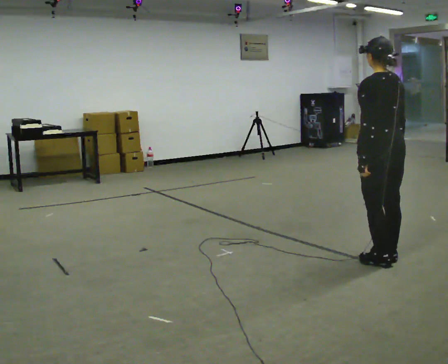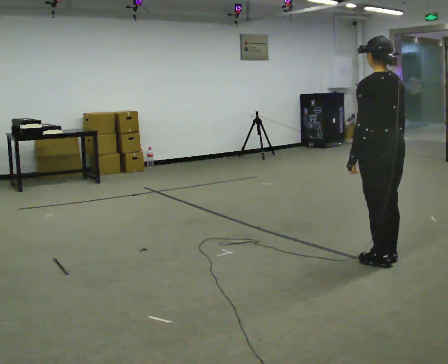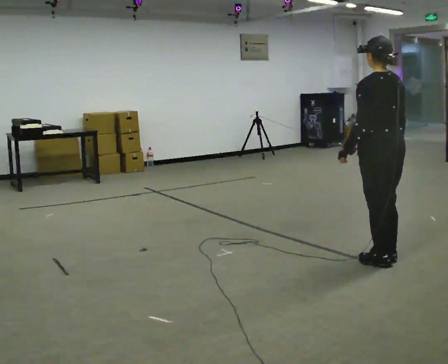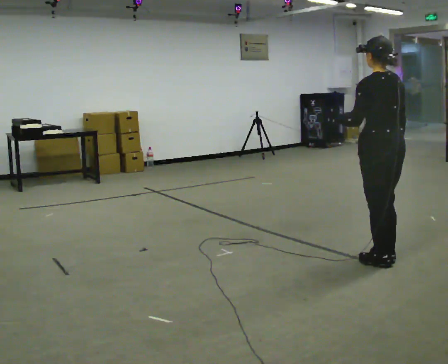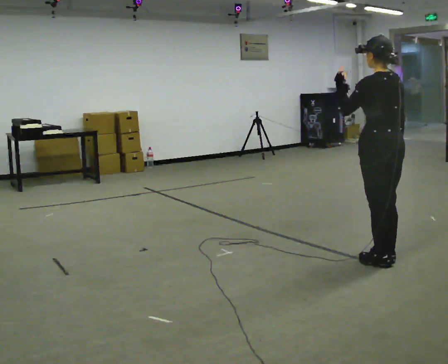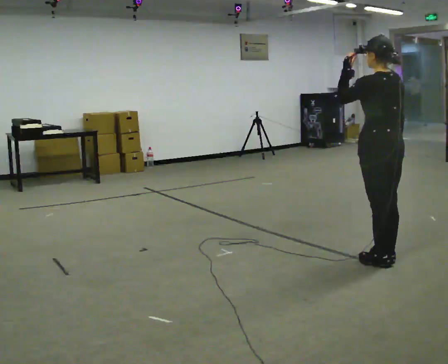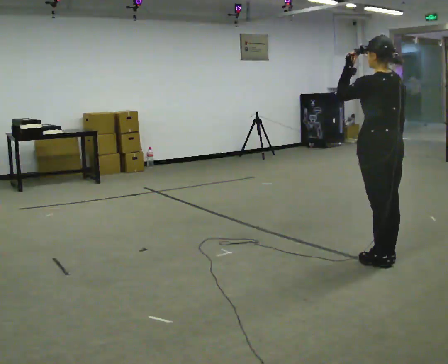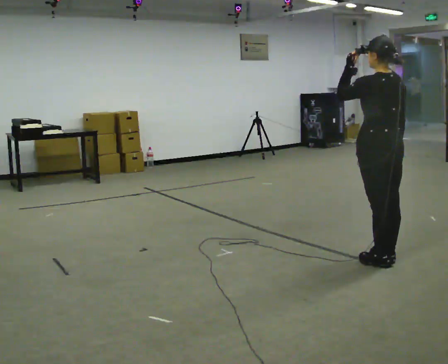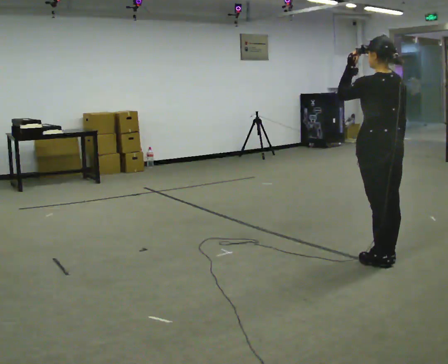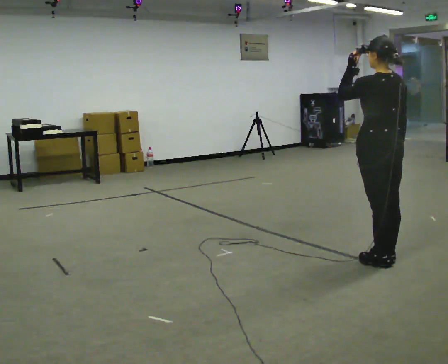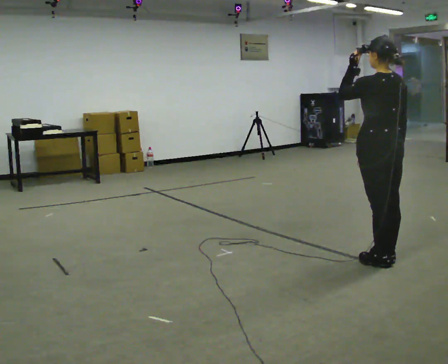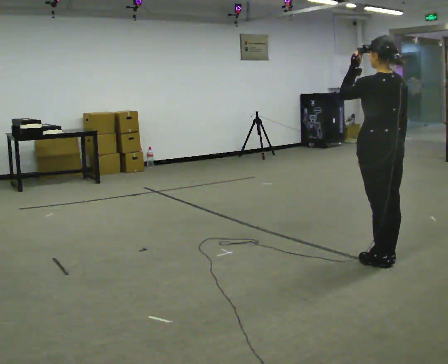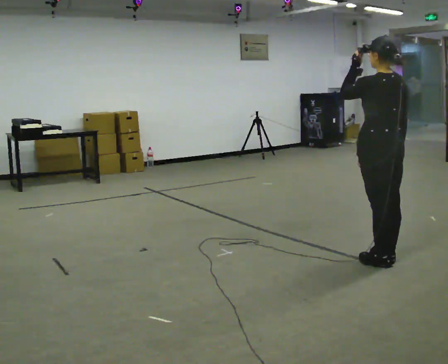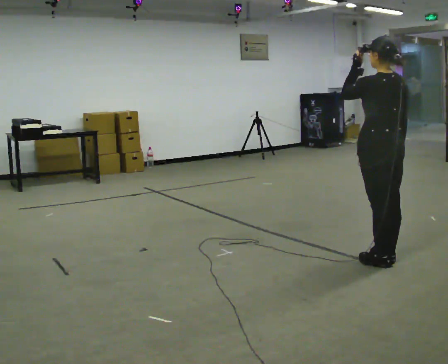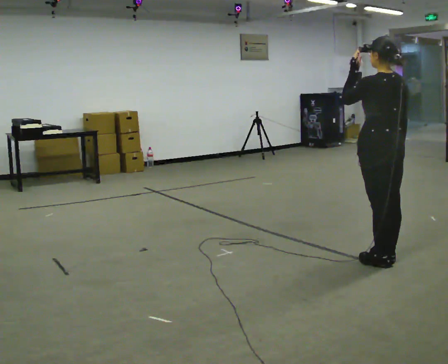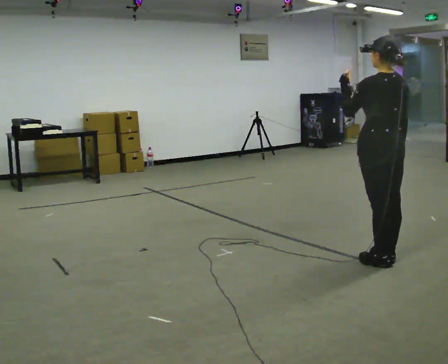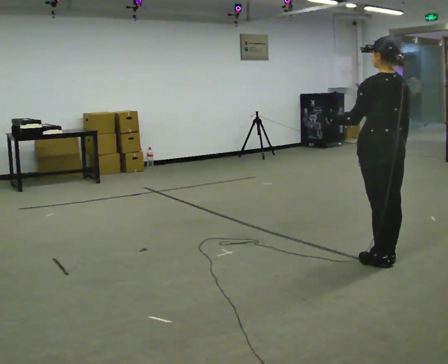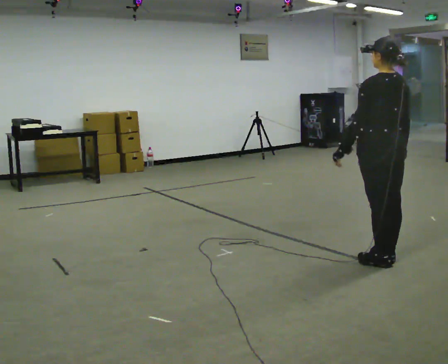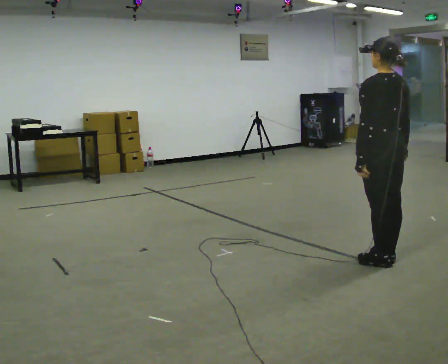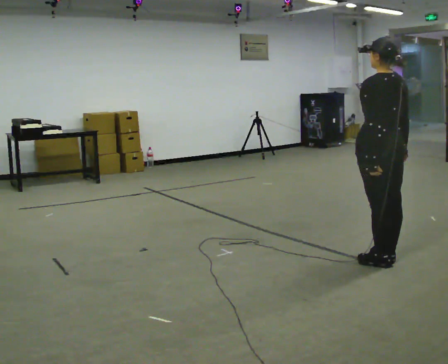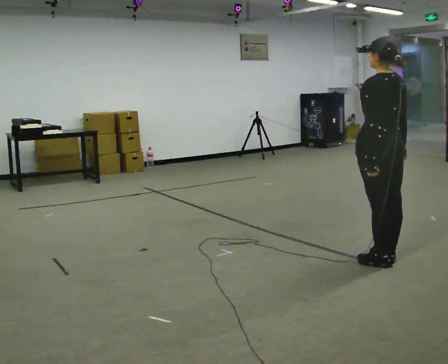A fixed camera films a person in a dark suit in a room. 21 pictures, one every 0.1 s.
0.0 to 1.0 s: In the picture their left hand goes upward.
1.0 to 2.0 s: In the picture their left hand goes downward.
The film runs forward here.
